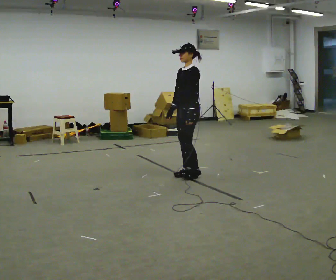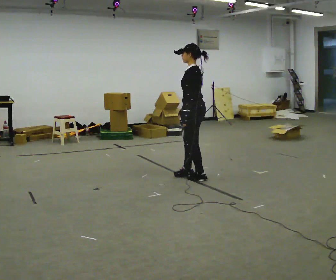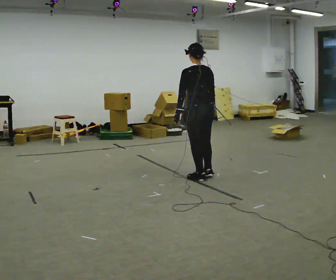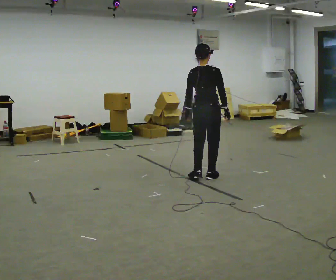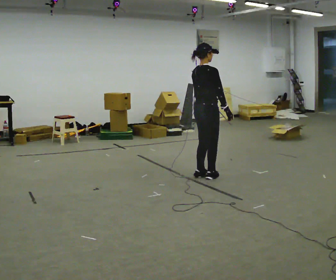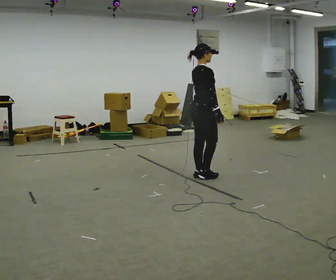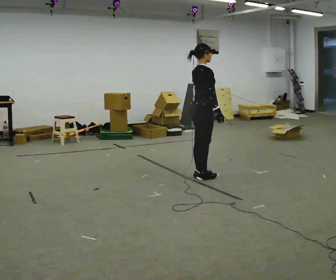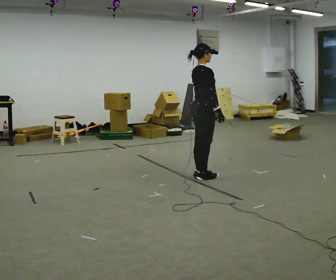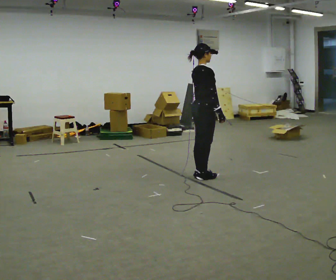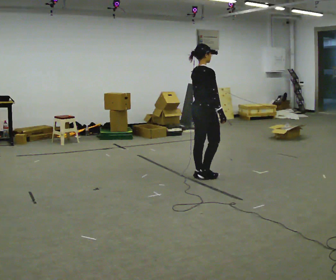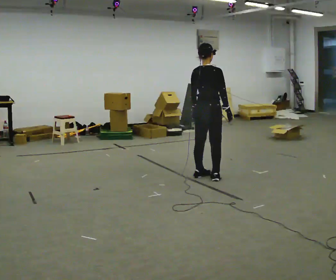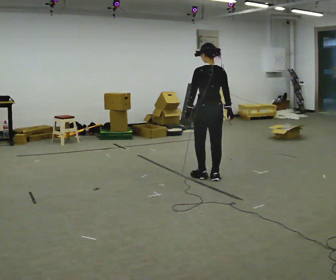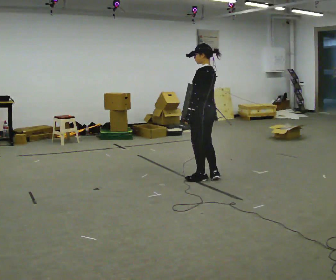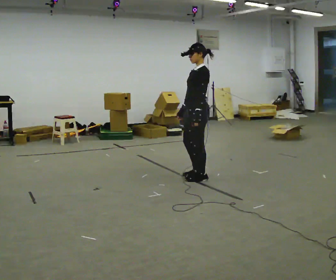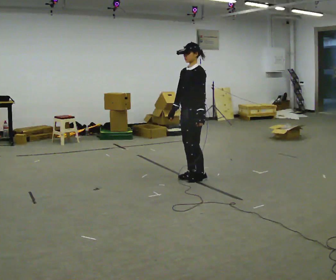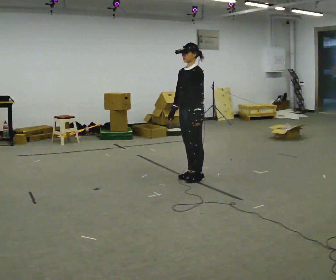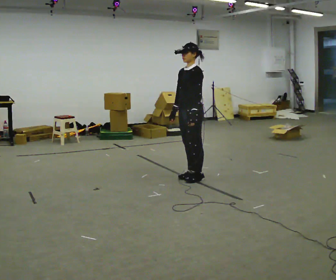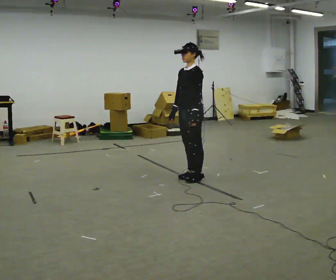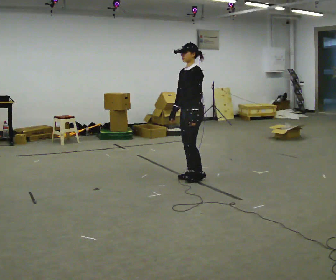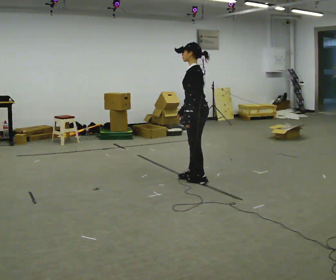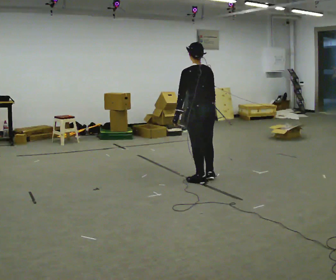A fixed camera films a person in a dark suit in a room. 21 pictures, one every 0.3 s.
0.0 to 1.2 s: Seen from above the body turns clockwise, about 165 degrees: to their right, with its near side sliding to the left. In the picture they go to the right, about 0.25 m in 2 steps. In the picture their right hand goes to the right, the arm swinging counterclockwise.
1.2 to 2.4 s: The person moves a little, or ends about where they began.
2.4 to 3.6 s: The person turns about 135 degrees to their left, counterclockwise seen from above, so the part of the body nearest the lens slides to the right.
3.6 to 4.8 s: Seen from above the body turns counterclockwise, about 60 degrees: to their left, with its near side sliding to the right. In the picture their right hand goes to the left.
4.8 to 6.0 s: The person turns about 105 degrees to their right, clockwise seen from above, so the part of the body nearest the lens slides to the left. In the picture their right hand goes to the right.
The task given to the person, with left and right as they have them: Turn on the spot to face the direction the operator calls, then stand still. The operator will call 90, 180 and 360 degrees and left or right.
The film runs forward here.
